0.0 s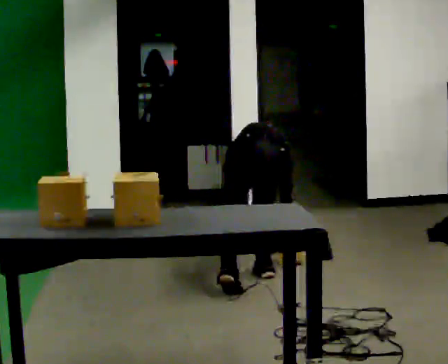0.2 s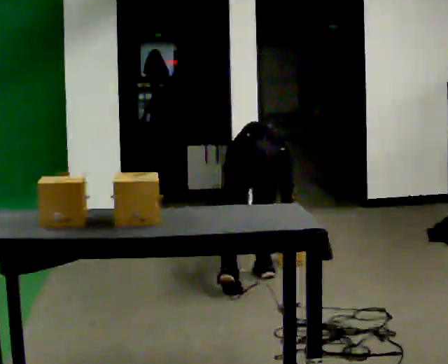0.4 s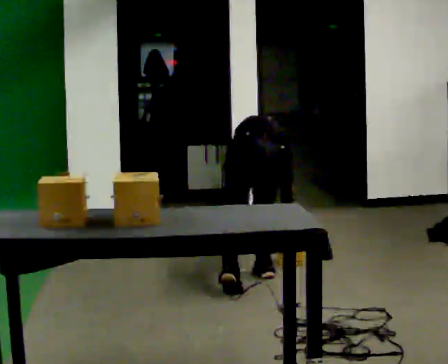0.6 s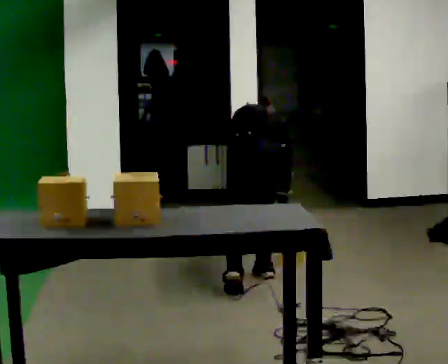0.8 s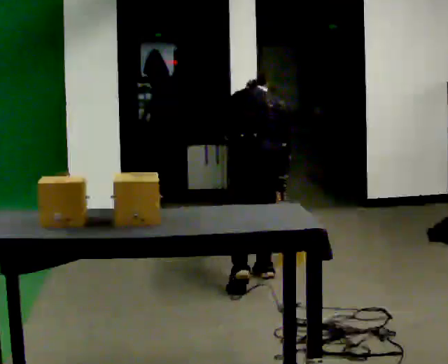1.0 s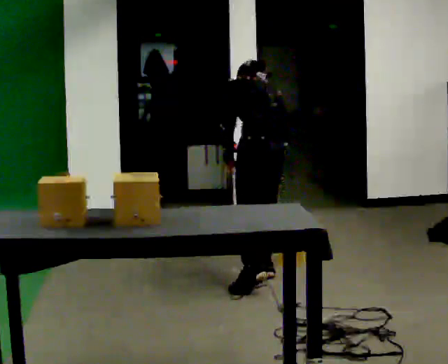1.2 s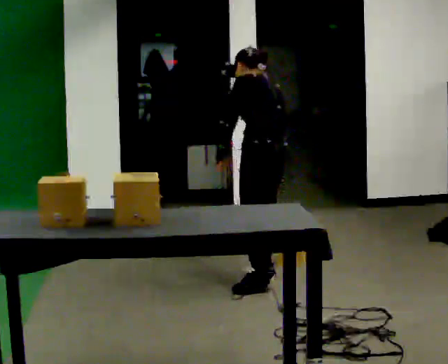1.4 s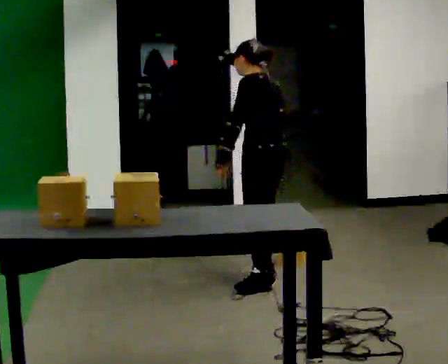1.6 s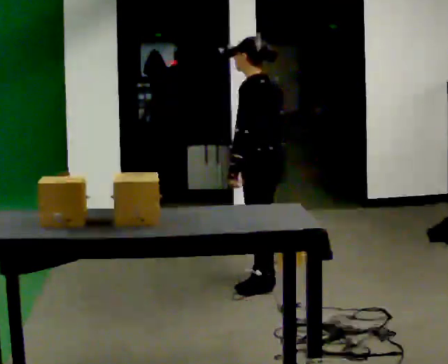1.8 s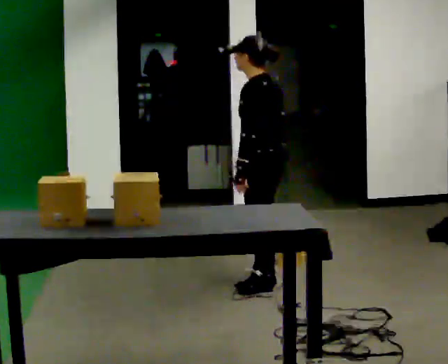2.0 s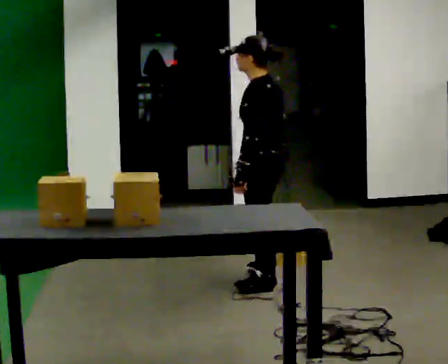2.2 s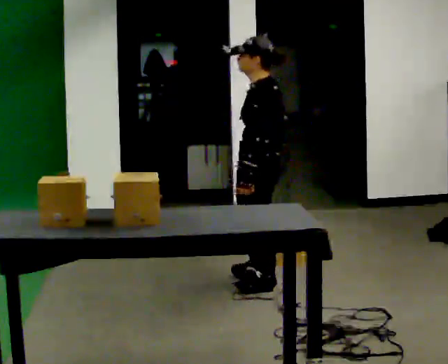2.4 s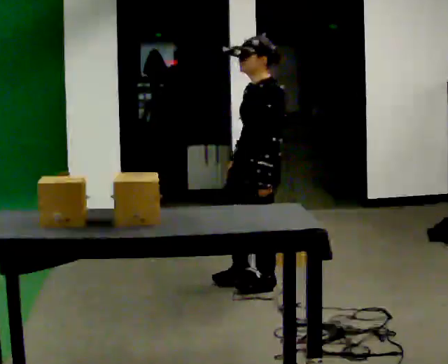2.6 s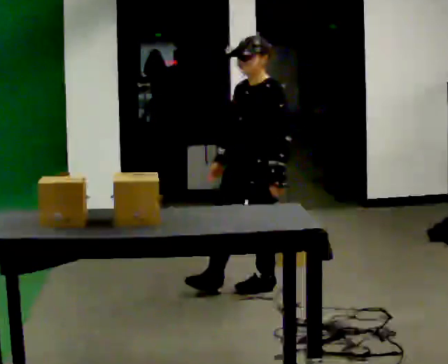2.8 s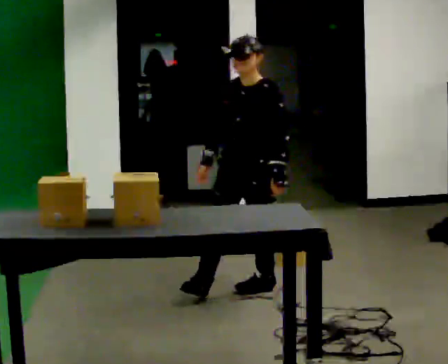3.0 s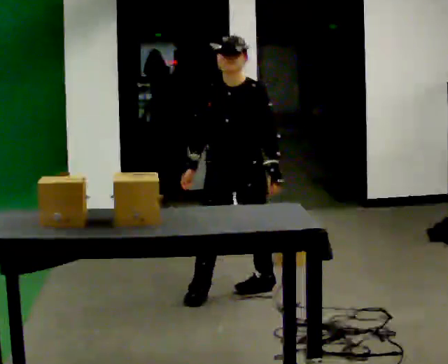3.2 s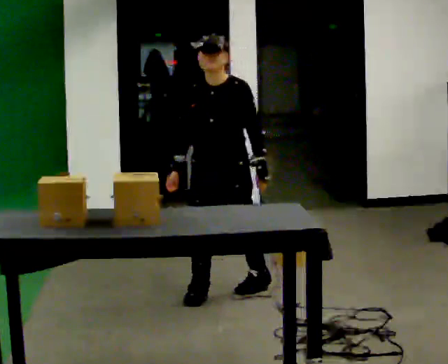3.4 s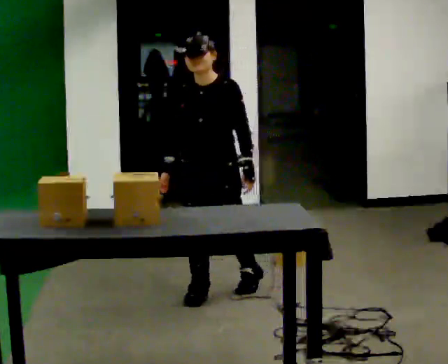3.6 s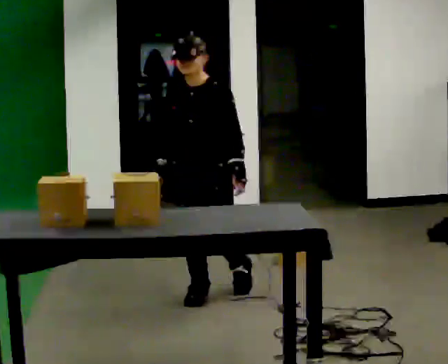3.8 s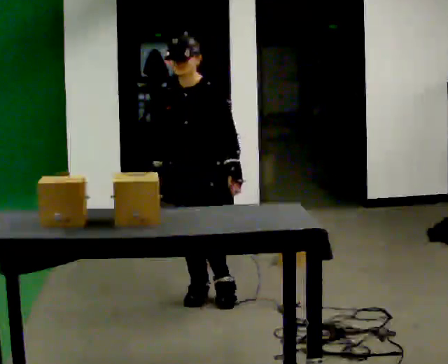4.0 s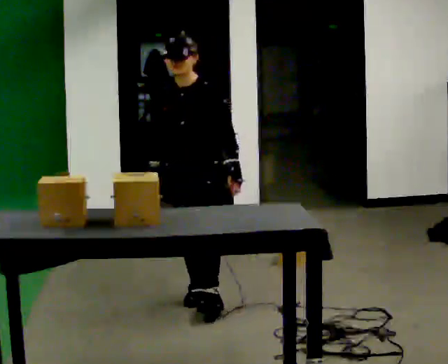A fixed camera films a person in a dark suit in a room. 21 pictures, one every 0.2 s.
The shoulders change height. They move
upward.
The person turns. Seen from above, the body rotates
counterclockwise.
0.0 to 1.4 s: Seen from above the body turns counterclockwise, about 60 degrees: to their left, with its near side sliding to the right. The upper body goes upward. The upper body tips toward the camera, its near side rolling downward, as they lean back or straighten. In the picture their right hand goes upward.
1.4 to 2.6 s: Seen from above the body turns counterclockwise, about 60 degrees: to their left, with its near side sliding to the right. In the picture they go toward the camera, about 0.25 m. In the picture their left hand goes to the right.
2.6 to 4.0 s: The person turns about 30 degrees to their left, counterclockwise seen from above, so the part of the body nearest the lens slides to the right. In the picture they go to the left and toward the camera, about 0.5 m in 1 step, which for them is forward and to their right.
The film runs forward here.
